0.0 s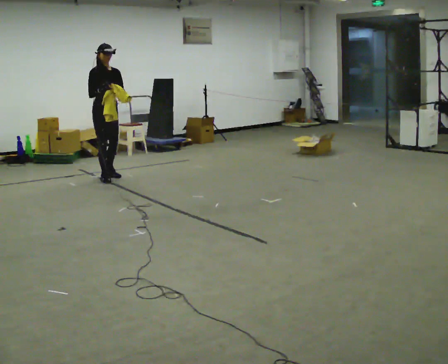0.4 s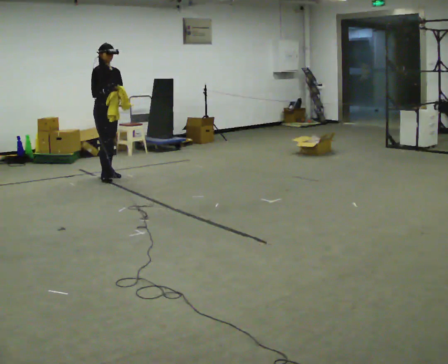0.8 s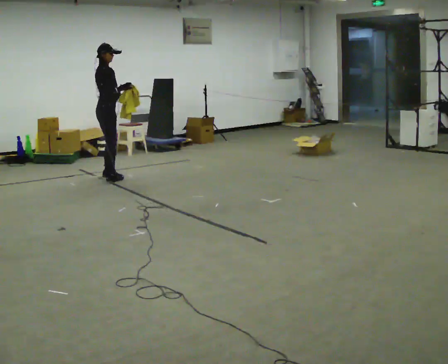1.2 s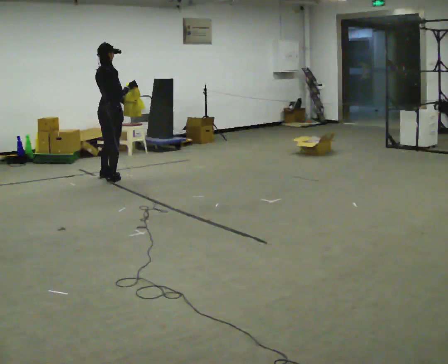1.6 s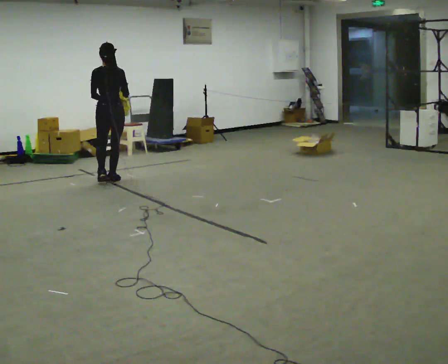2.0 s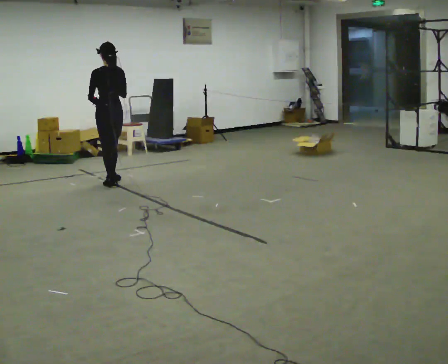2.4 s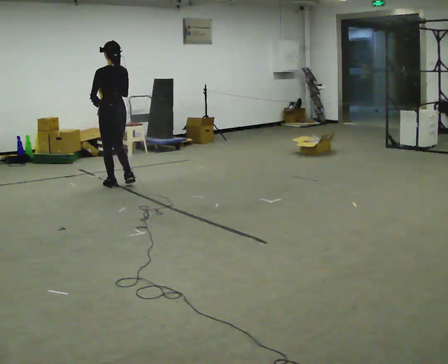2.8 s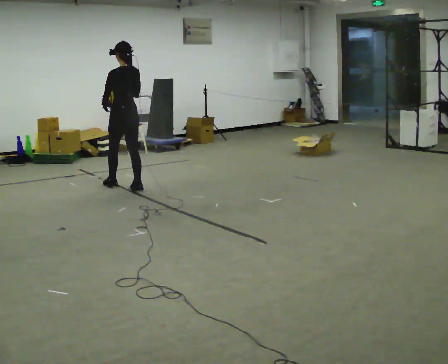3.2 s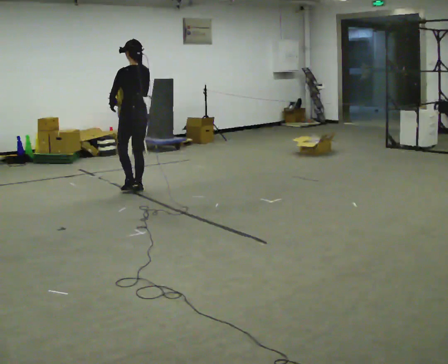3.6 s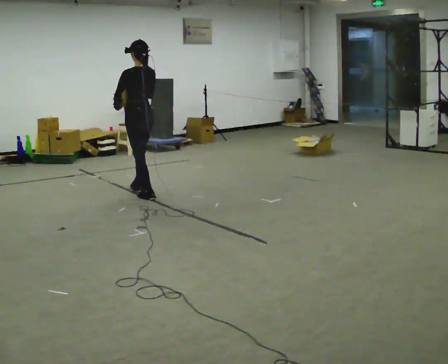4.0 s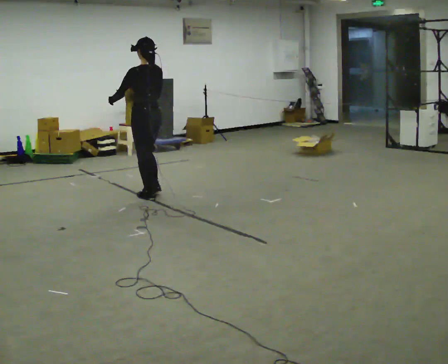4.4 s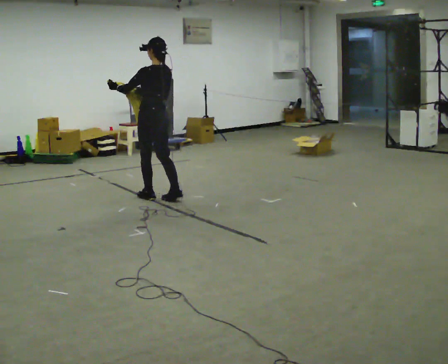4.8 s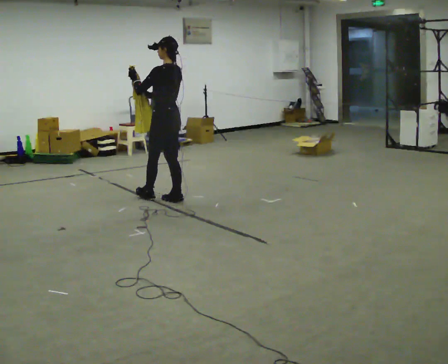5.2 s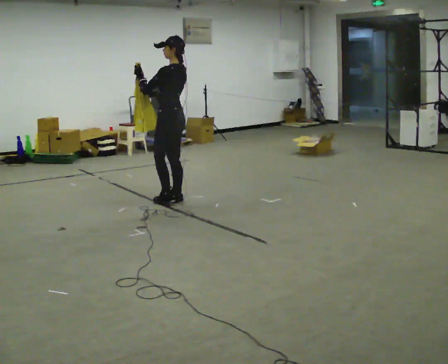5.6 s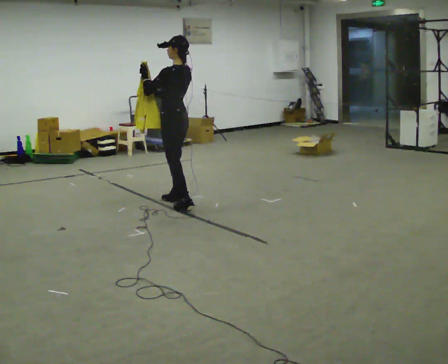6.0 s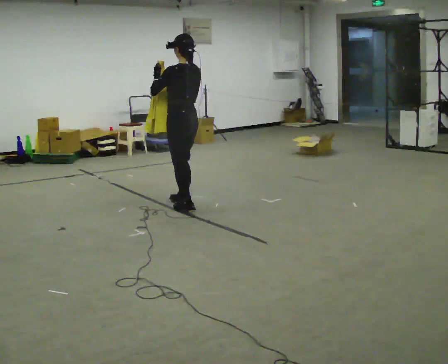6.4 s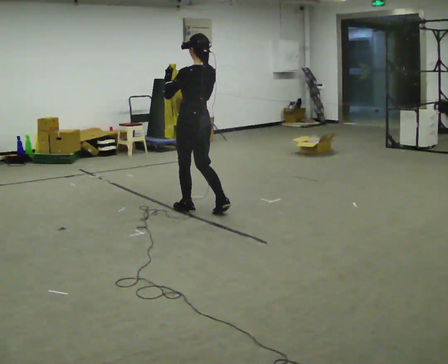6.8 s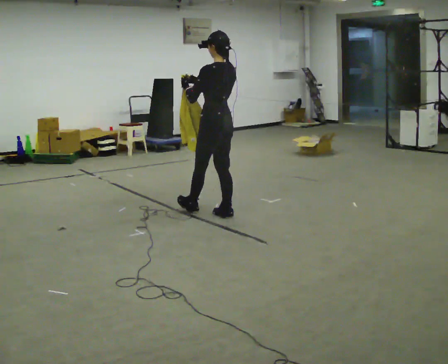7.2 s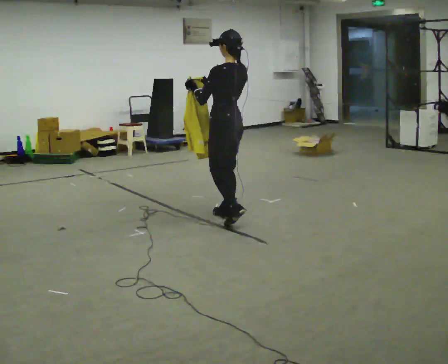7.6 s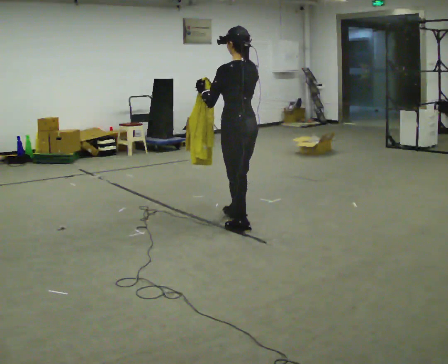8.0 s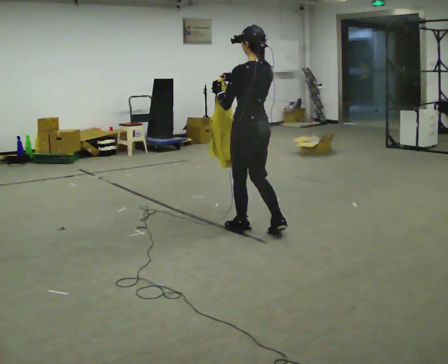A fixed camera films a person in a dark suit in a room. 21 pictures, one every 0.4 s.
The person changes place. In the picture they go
toward the camera.
0.0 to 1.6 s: The part of the body nearest the lens slides to the right as the person turns to their left by about 150 degrees. In the picture they go toward the camera, about 0.25 m in 2 steps.
1.6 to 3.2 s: The person turns about 45 degrees to their left, counterclockwise seen from above, so the part of the body nearest the lens slides to the right. In the picture they go toward the camera and to the right, about 0.5 m in 2 steps, which for them is backward.
3.2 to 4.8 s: In the picture they go toward the camera and to the right, about 0.5 m in 1 step, which for them is backward.
4.8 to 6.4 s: In the picture they go toward the camera and to the right, about 0.5 m in 2 steps, which for them is backward.
6.4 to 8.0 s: In the picture they go toward the camera and to the right, about 1 m in 2 steps, which for them is backward.
The film runs backward here.
